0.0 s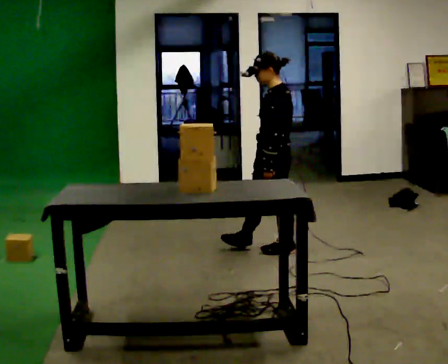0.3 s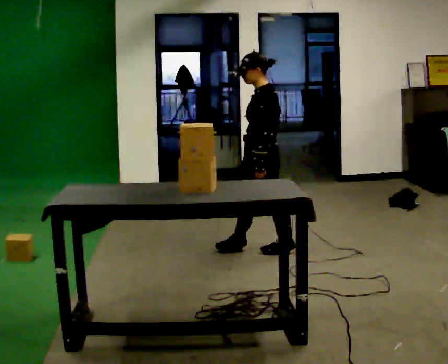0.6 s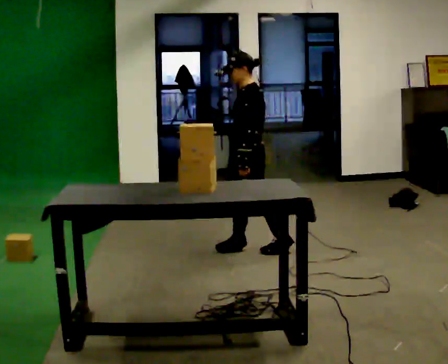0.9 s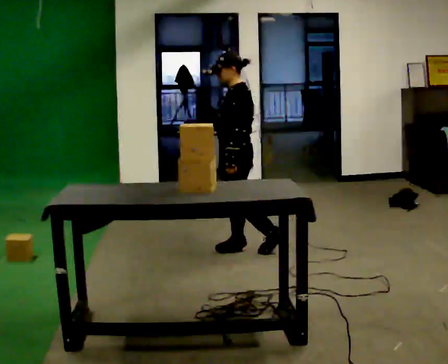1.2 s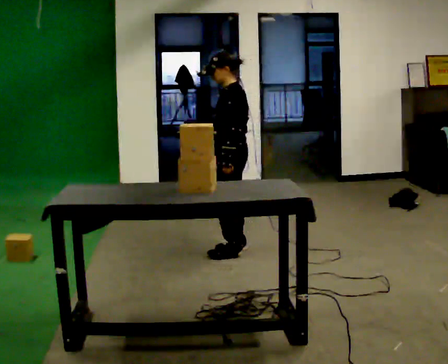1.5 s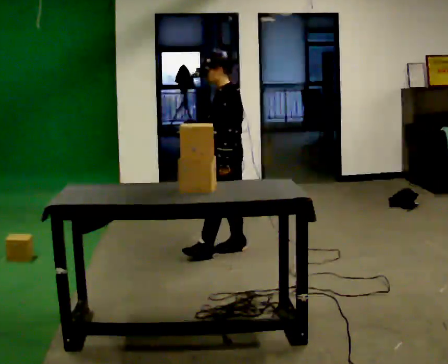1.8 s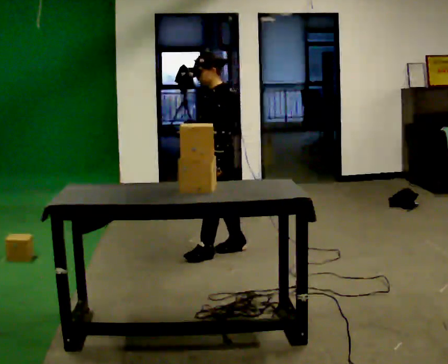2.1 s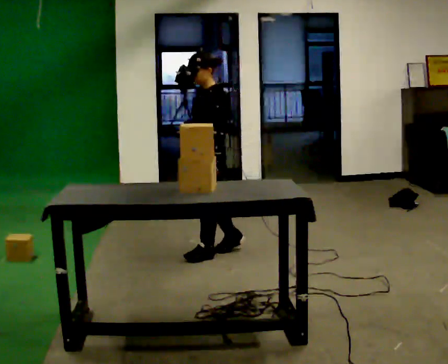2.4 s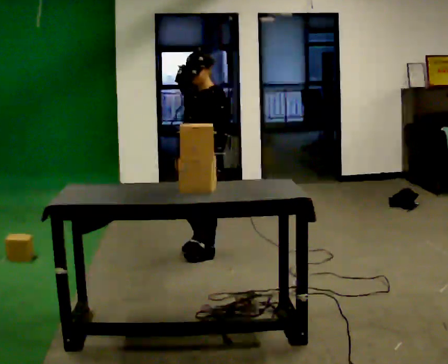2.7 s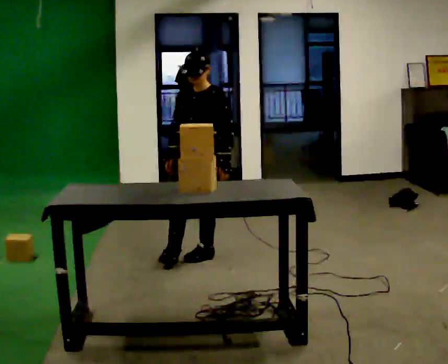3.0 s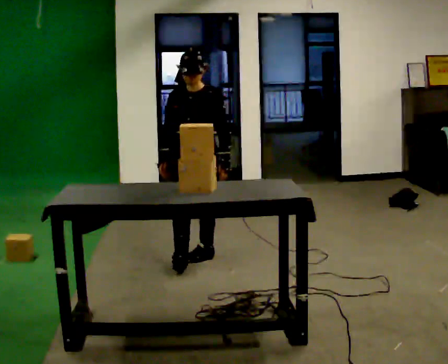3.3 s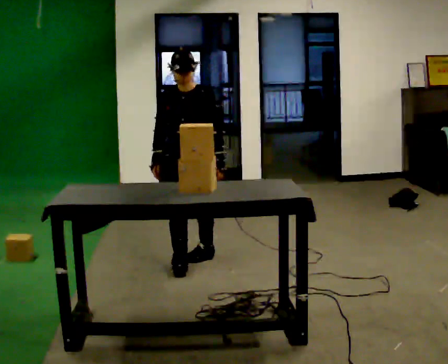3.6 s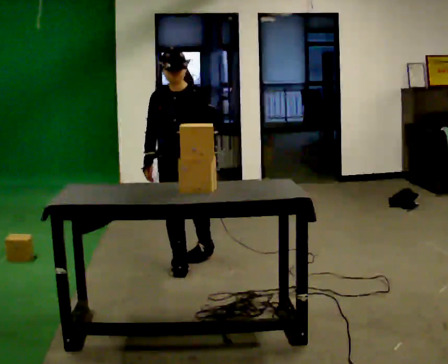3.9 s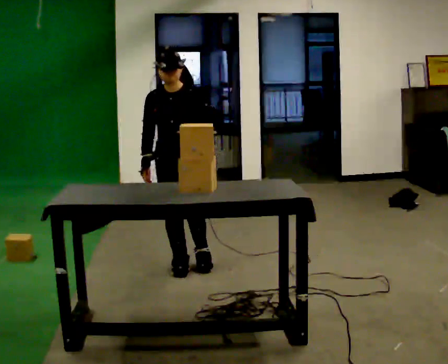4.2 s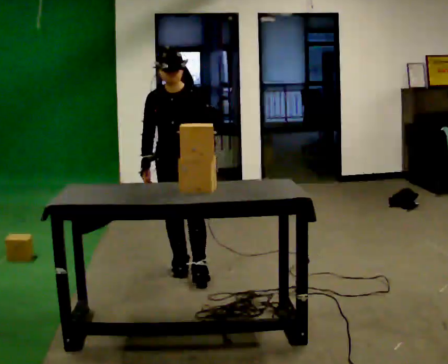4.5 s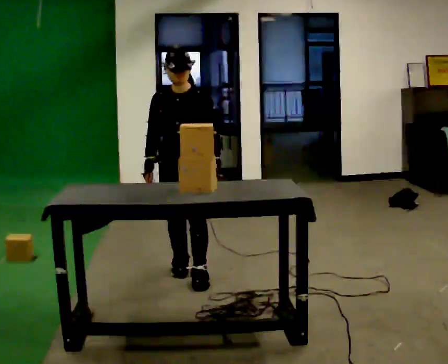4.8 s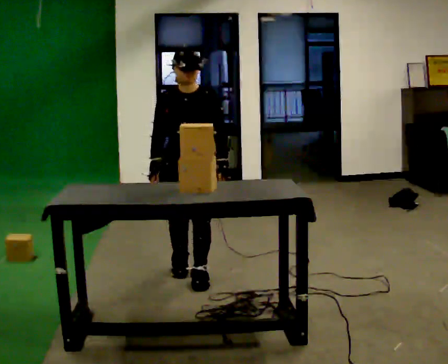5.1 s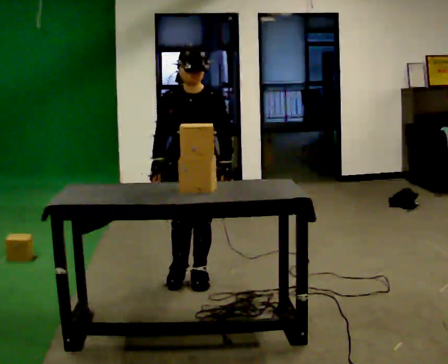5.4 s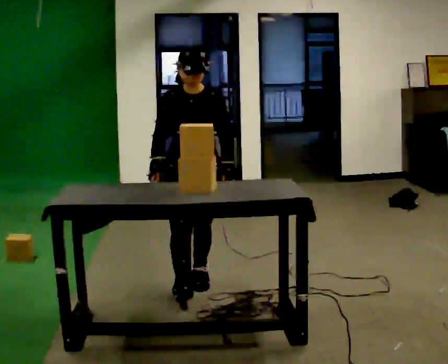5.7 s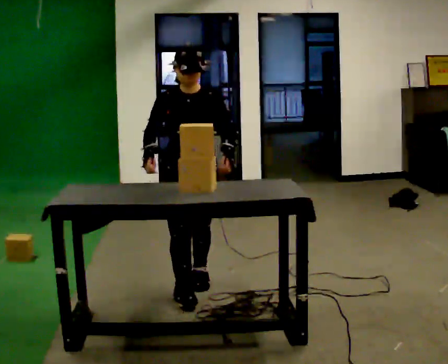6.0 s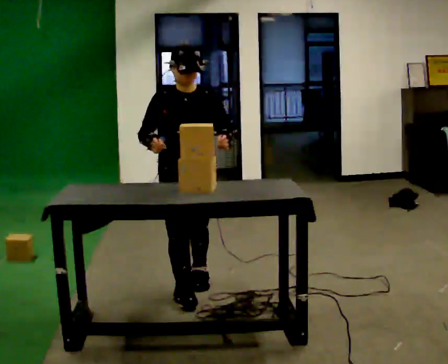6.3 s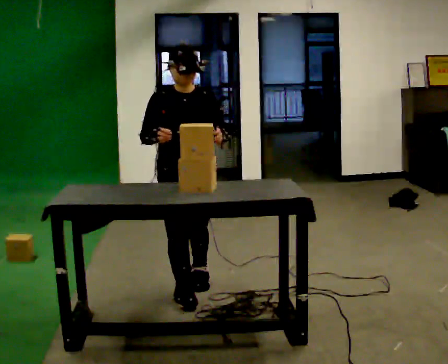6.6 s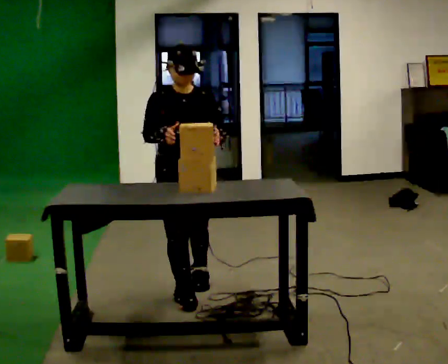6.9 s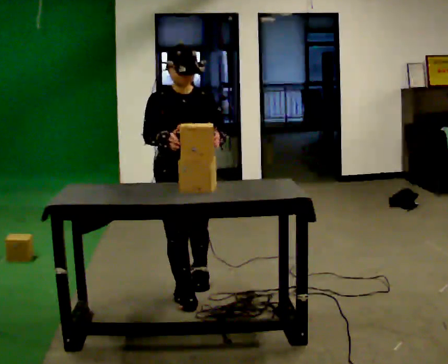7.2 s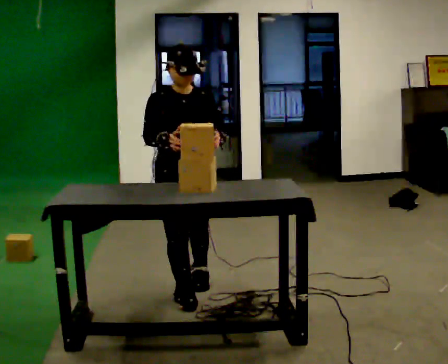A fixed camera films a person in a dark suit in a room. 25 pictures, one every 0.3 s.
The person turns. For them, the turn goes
to their left.
The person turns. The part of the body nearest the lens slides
to the right.
0.0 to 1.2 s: In the picture they go to the left, about 0.25 m in 1 step, which for them is forward and to their right.
1.2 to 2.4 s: The part of the body nearest the lens slides to the right as the person turns to their left by about 45 degrees. In the picture they go to the left, about 0.25 m in 1 step, which for them is forward.
2.4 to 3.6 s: The person turns about 45 degrees to their left, counterclockwise seen from above, so the part of the body nearest the lens slides to the right. In the picture they go toward the camera and to the left, about 0.25 m in 1 step, which for them is forward.
3.6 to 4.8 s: In the picture they go toward the camera, about 0.25 m in 1 step, which for them is forward.
4.8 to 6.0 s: In the picture they go toward the camera, about 0.25 m in 1 step, which for them is forward.
6.0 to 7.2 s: The person moves a little, or ends about where they began.
The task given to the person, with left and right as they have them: Bring the boxes over one at a time and stack them on top of each other, walking back for each one. Keep going until the operator says stop; one object at a time, and do not rush between trips.
The film runs forward here.
